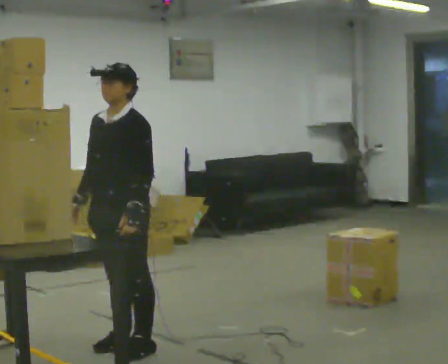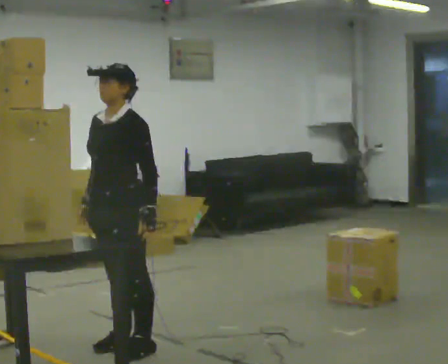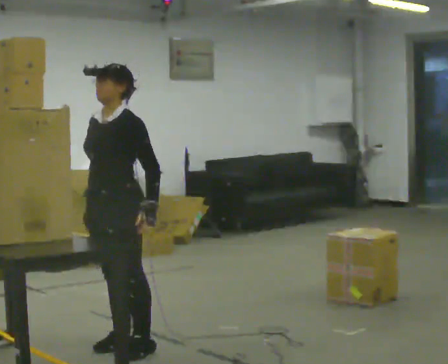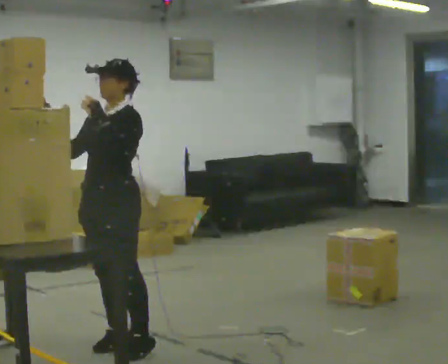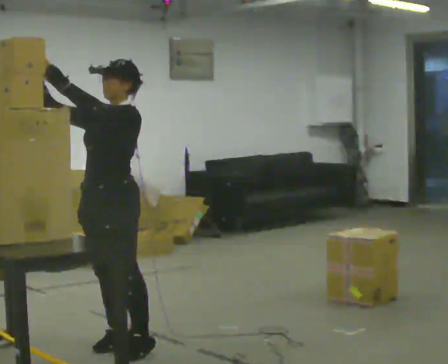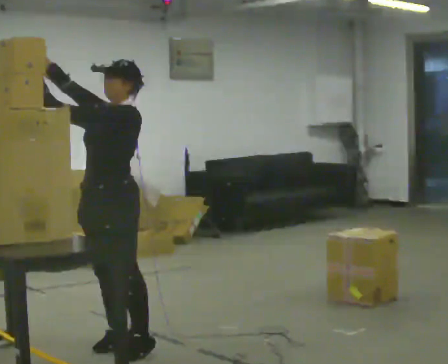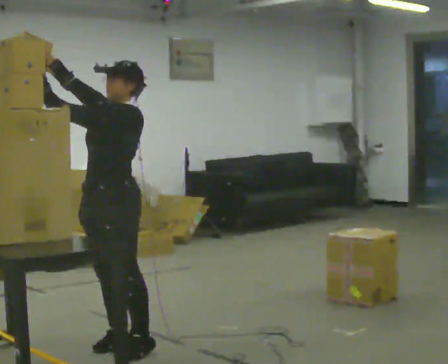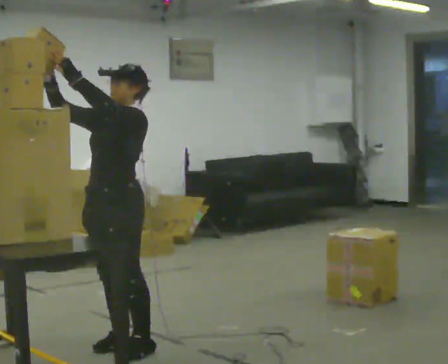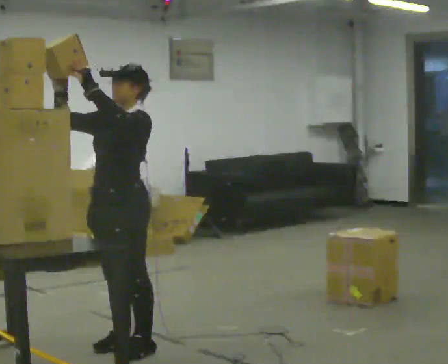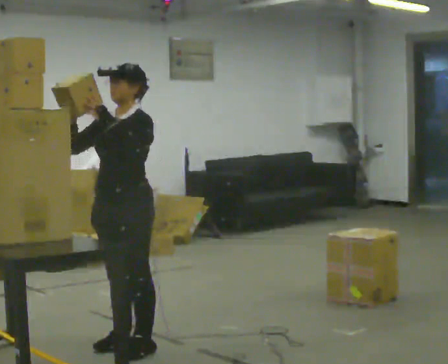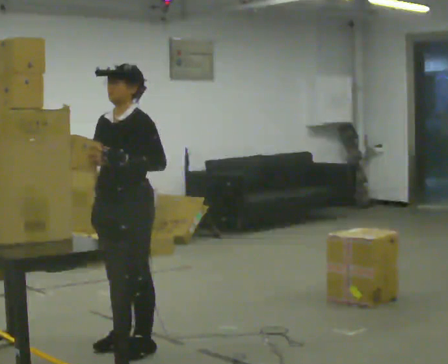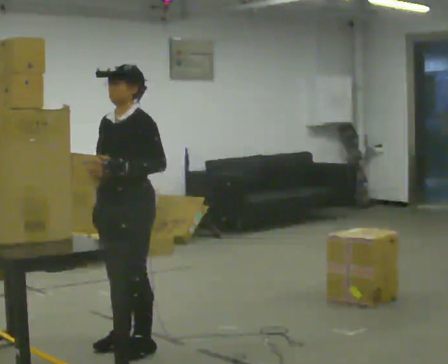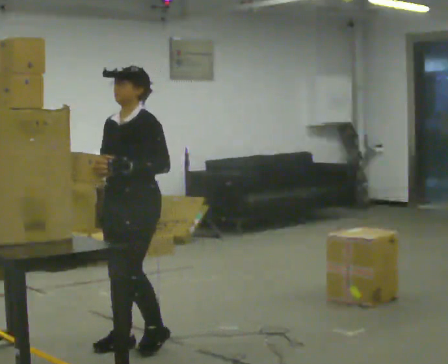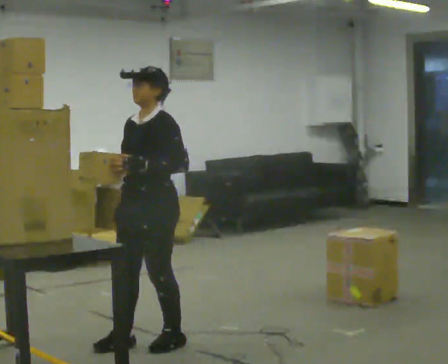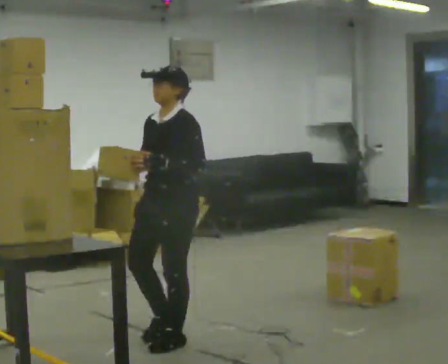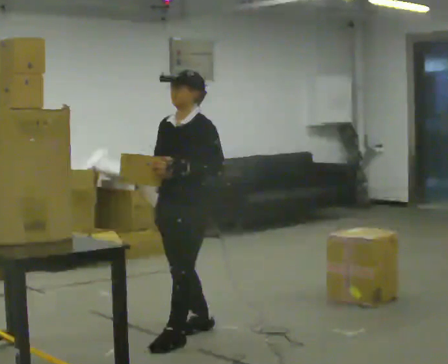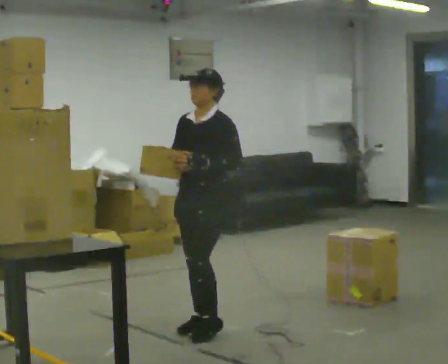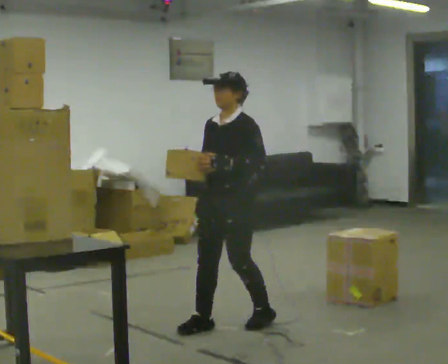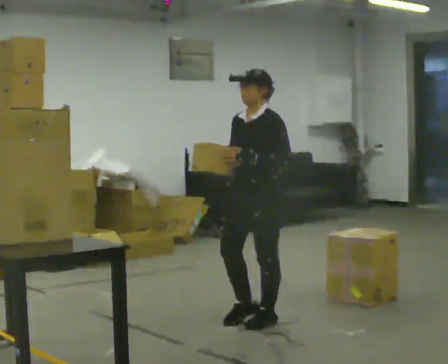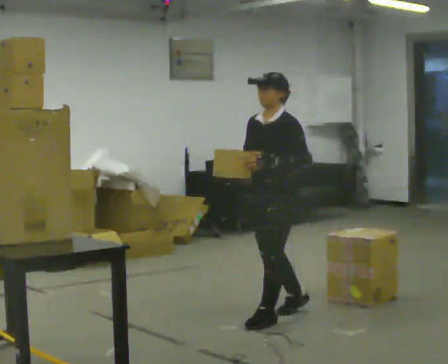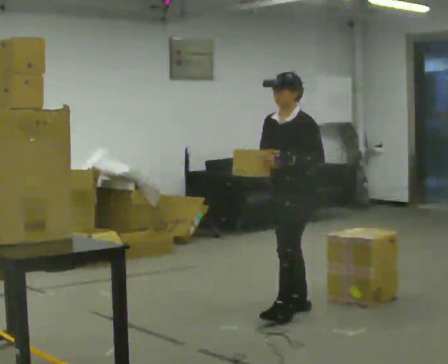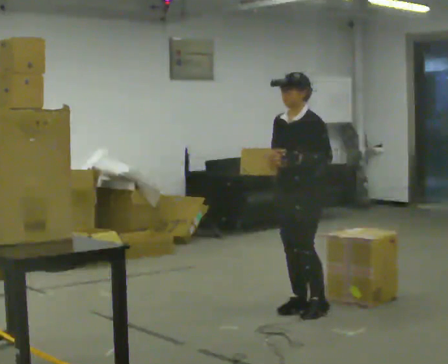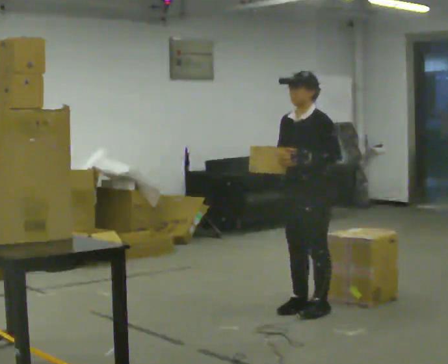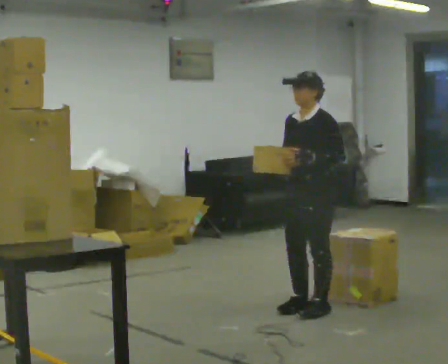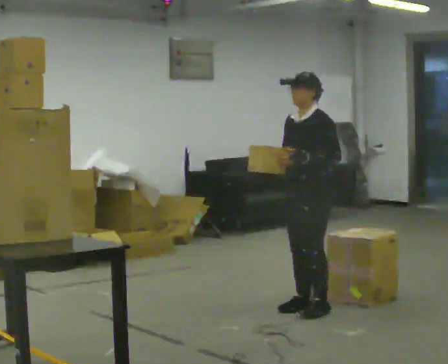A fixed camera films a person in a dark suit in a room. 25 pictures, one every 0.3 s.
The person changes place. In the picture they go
to the right.
0.0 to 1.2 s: In the picture their left hand goes upward and to the left.
1.2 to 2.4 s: The person moves a little, or ends about where they began.
2.4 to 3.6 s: In the picture their left hand goes downward.
3.6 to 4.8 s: In the picture they go to the right and away from the camera, about 0.5 m in 2 steps, which for them is backward.
4.8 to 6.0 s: In the picture they go to the right and away from the camera, about 0.5 m in 2 steps, which for them is backward.
6.0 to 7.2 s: The person moves a little, or ends about where they began.
The film runs backward here.
